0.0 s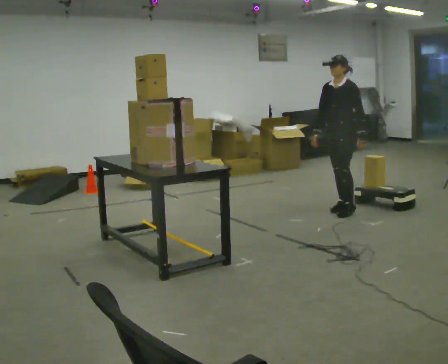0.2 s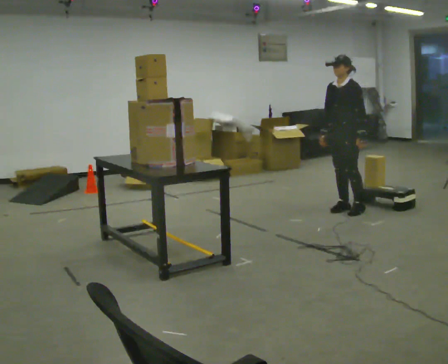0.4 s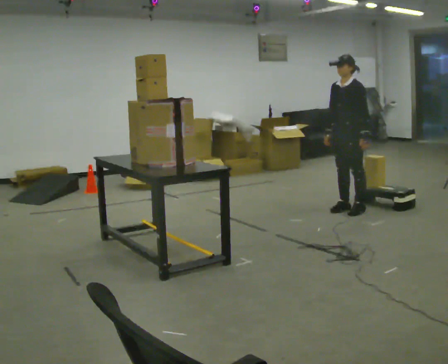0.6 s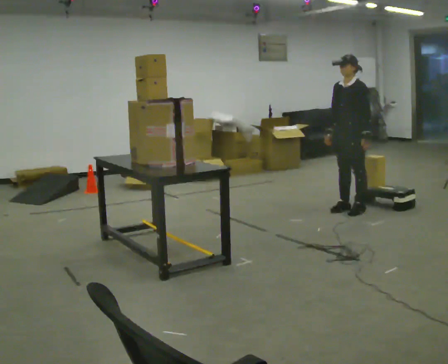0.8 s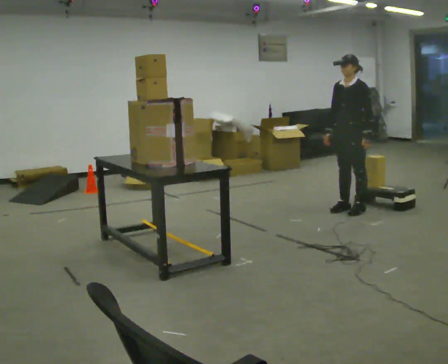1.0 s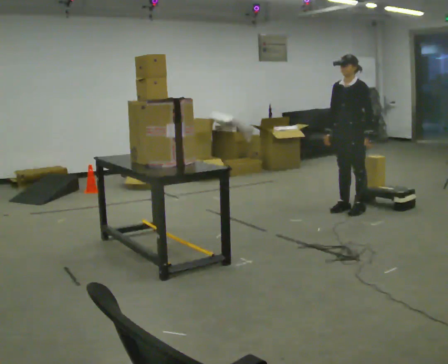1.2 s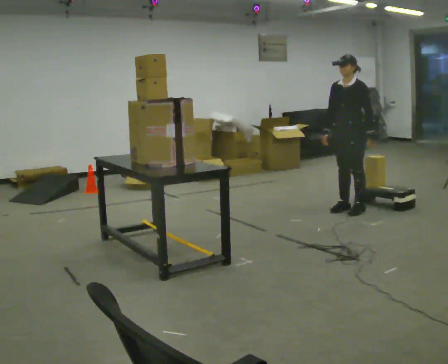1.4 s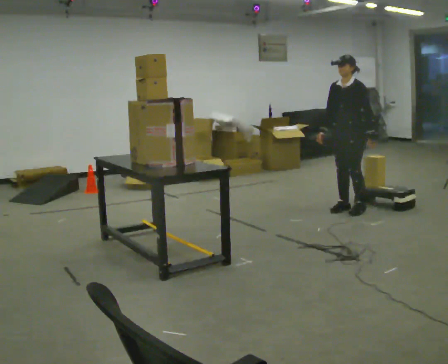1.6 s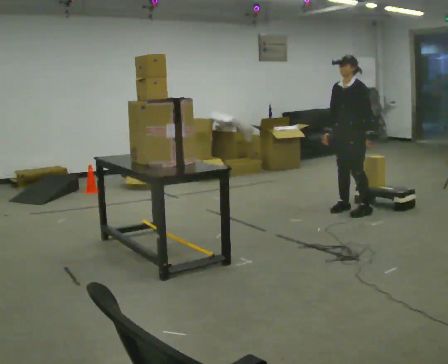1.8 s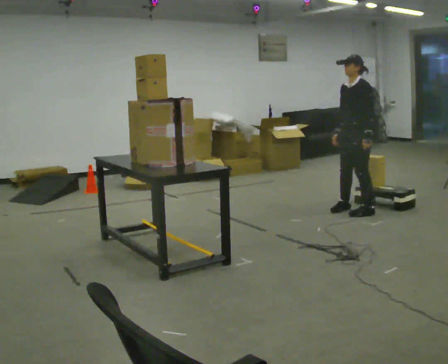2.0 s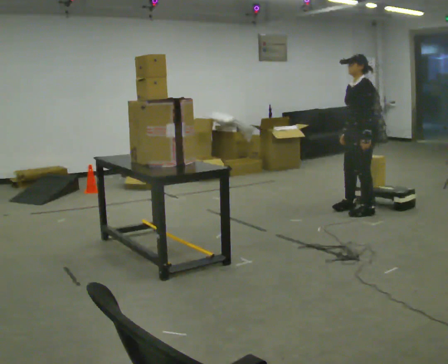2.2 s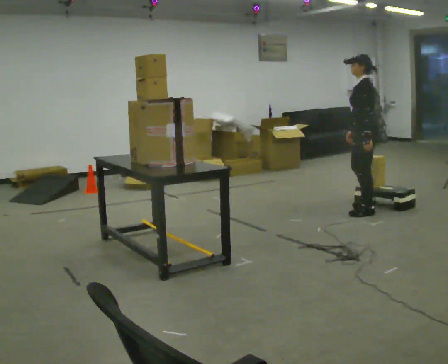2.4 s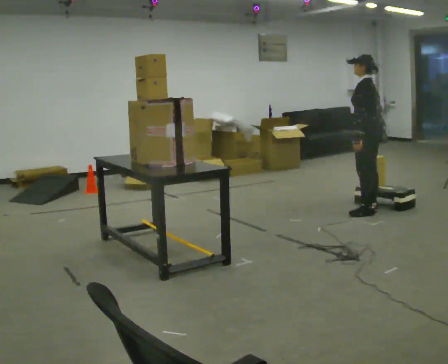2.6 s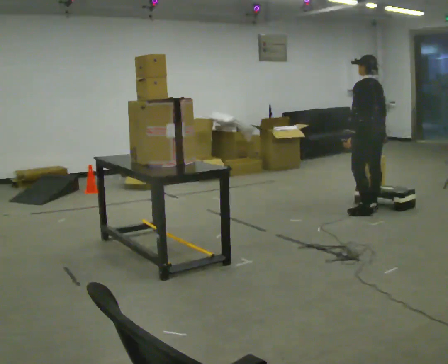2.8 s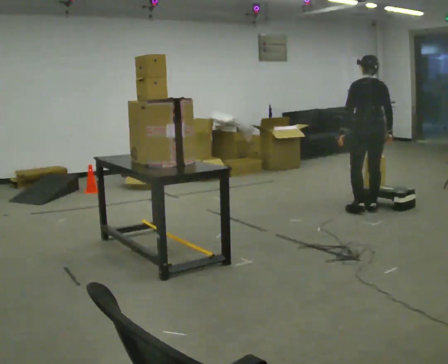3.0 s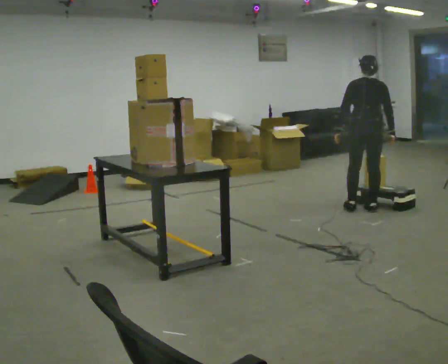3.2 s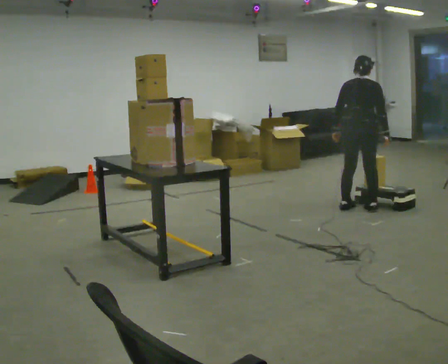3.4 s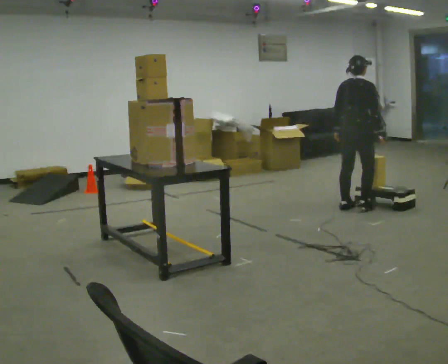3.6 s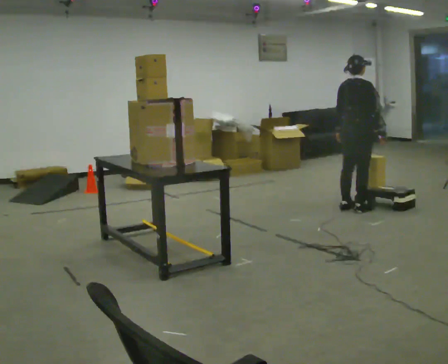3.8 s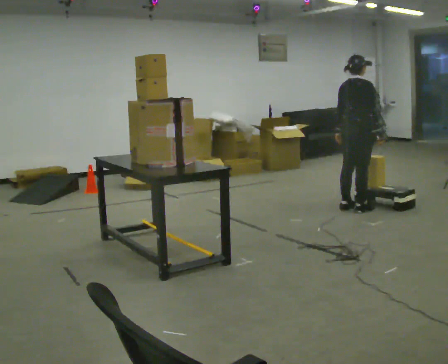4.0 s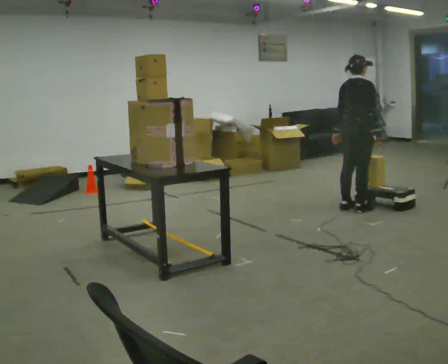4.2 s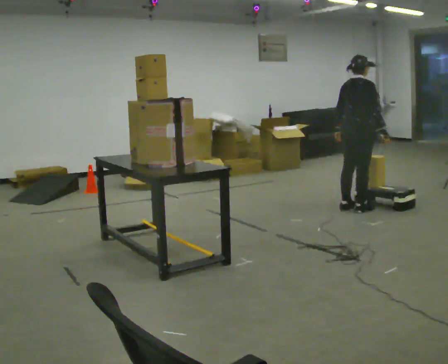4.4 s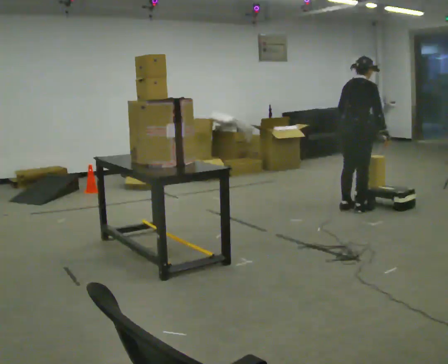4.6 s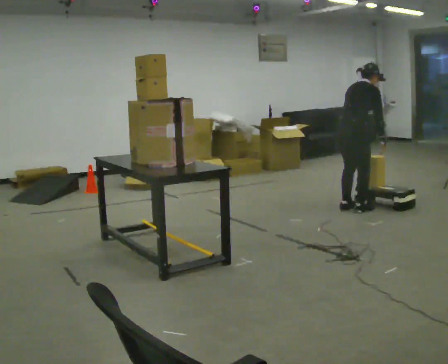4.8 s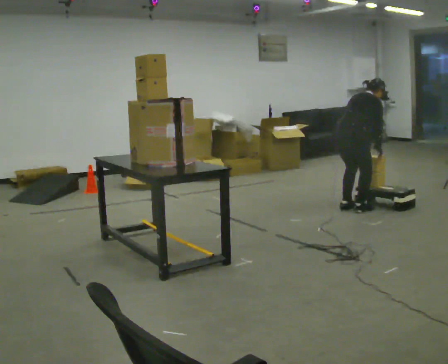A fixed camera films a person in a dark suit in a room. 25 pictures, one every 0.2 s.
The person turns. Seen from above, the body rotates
clockwise.
The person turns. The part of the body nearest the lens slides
to the left.
0.0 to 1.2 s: The person moves a little, or ends about where they began.
1.2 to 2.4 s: Seen from above the body turns clockwise, about 75 degrees: to their right, with its near side sliding to the left. In the picture they go to the right, about 0.25 m in 2 steps.
2.4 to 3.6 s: The part of the body nearest the lens slides to the left as the person turns to their right by about 120 degrees. In the picture they go away from the camera, about 0.25 m in 1 step.
3.6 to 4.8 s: The upper body goes downward. The upper body tips away from the camera, its near side rolling upward, as they bend forward.
The film runs backward here.
